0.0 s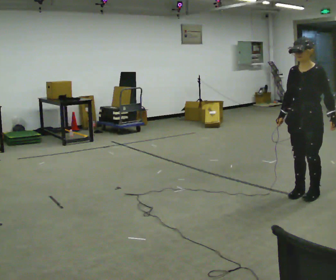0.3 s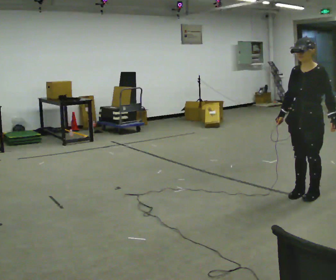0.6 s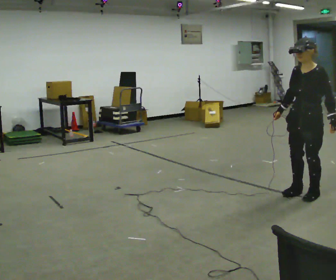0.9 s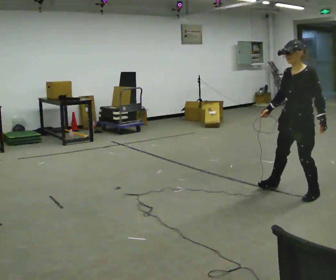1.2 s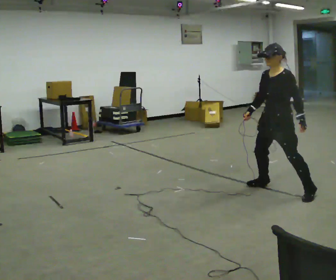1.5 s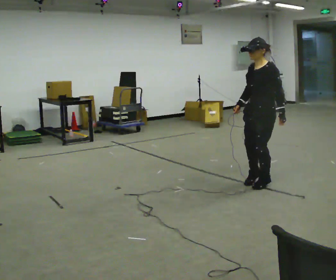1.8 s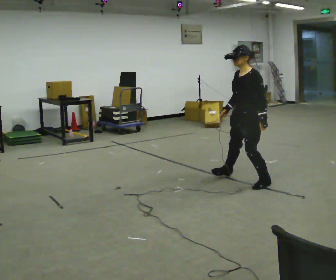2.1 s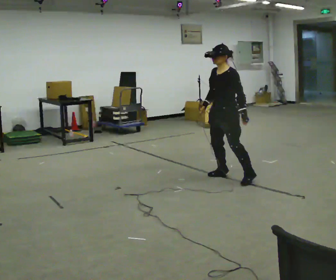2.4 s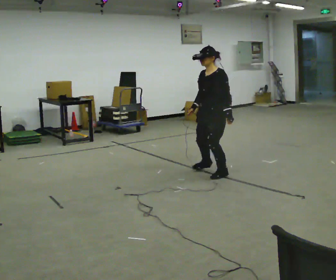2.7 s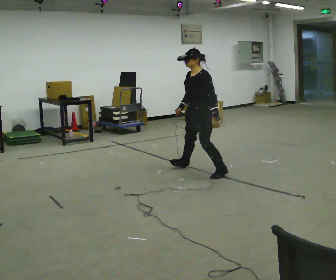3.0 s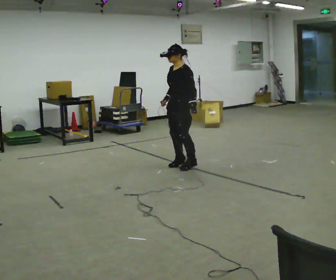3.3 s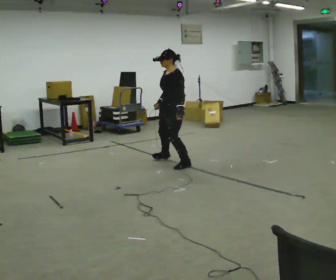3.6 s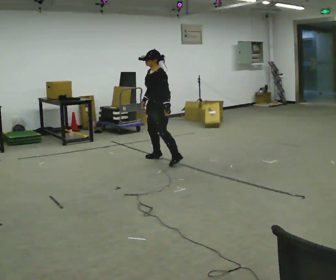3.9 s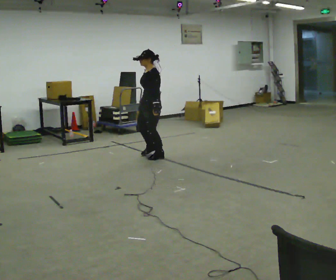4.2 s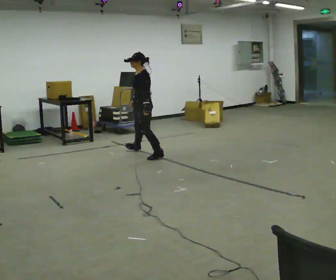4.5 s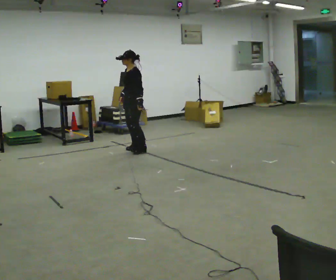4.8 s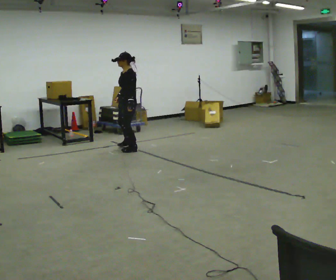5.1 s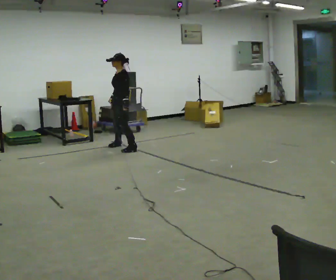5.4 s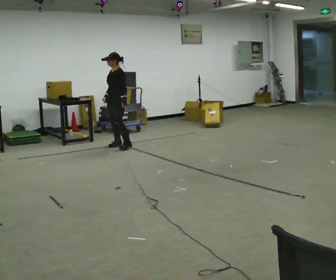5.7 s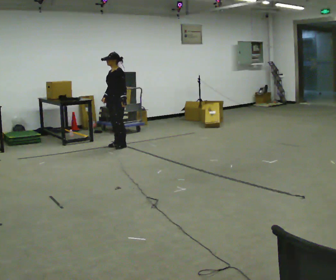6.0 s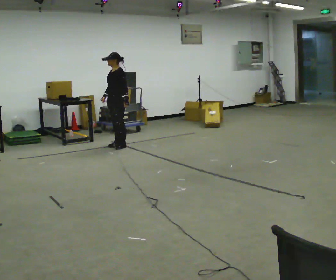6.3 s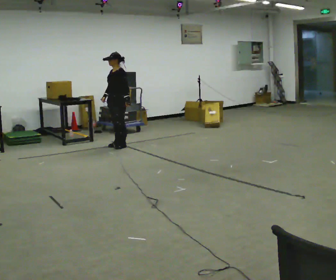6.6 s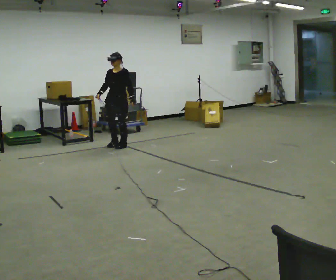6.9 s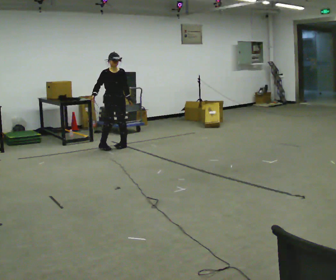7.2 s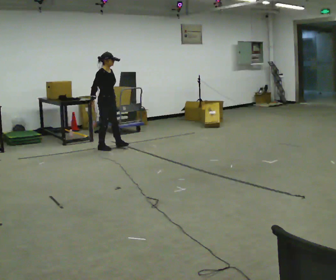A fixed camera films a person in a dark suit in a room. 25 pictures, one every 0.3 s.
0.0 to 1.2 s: In the picture they go away from the camera and to the left, about 0.25 m in 1 step, which for them is to their right.
1.2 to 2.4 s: In the picture they go away from the camera and to the left, about 1 m in 3 steps, which for them is to their right.
2.4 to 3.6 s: In the picture they go away from the camera and to the left, about 1 m in 3 steps, which for them is to their right.
3.6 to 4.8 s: In the picture they go away from the camera and to the left, about 1 m in 3 steps, which for them is to their right.
4.8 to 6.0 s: In the picture they go away from the camera and to the left, about 0.25 m in 2 steps, which for them is to their right.
6.0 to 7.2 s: Seen from above the body turns counterclockwise, about 135 degrees: to their left, with its near side sliding to the right. In the picture they go to the left, about 0.25 m in 1 step.
The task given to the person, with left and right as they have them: Shuffle sideways quickly in the direction the operator calls, without crossing your feet.
The film runs forward here.
